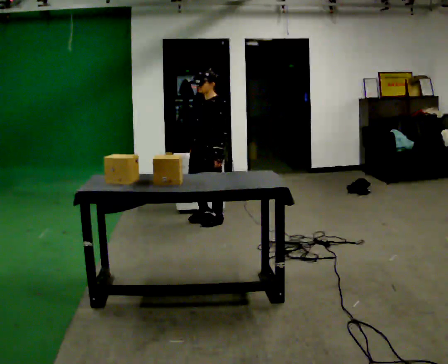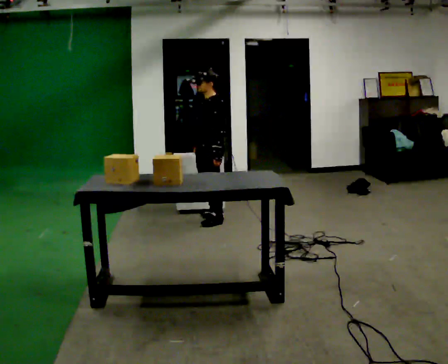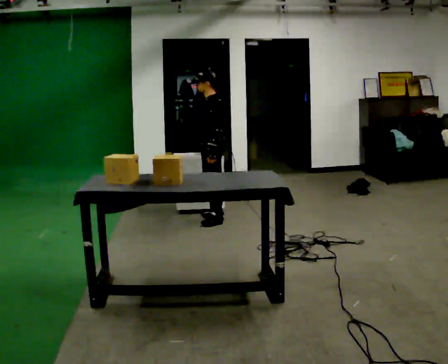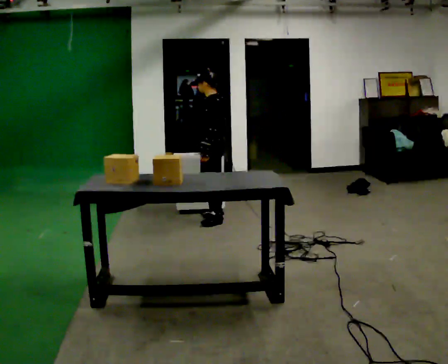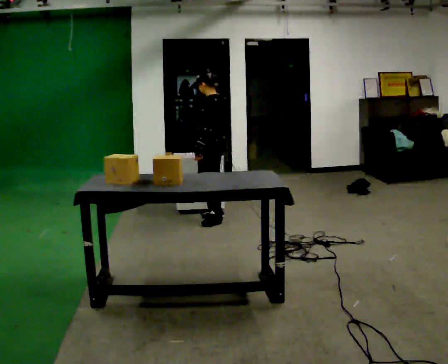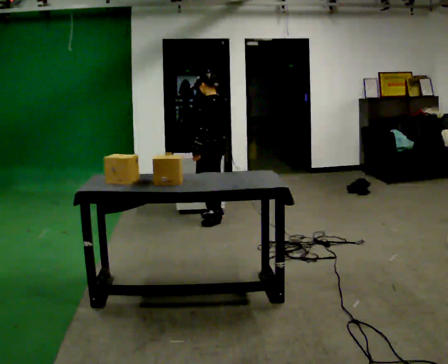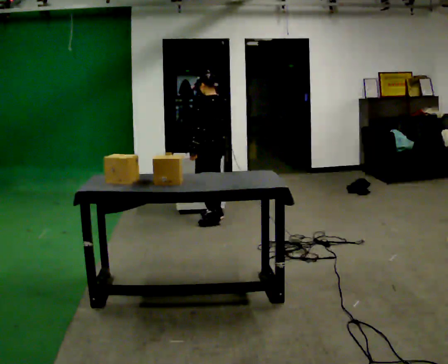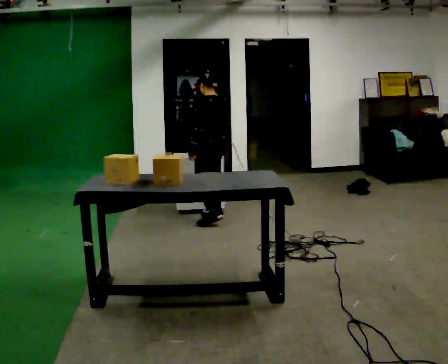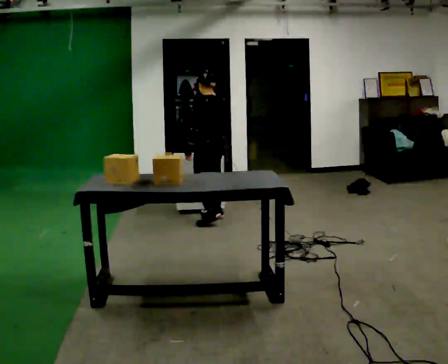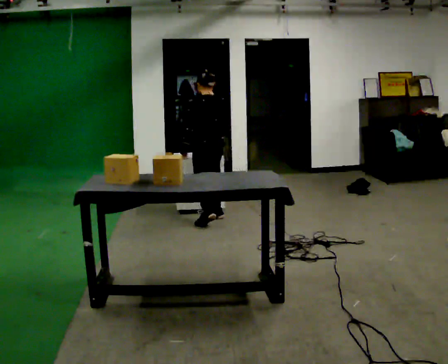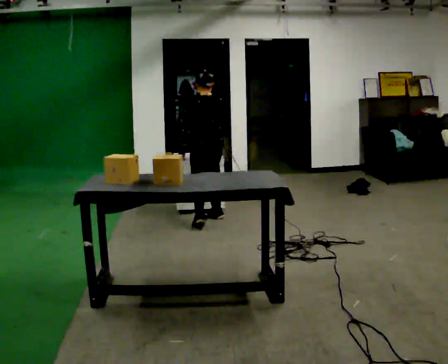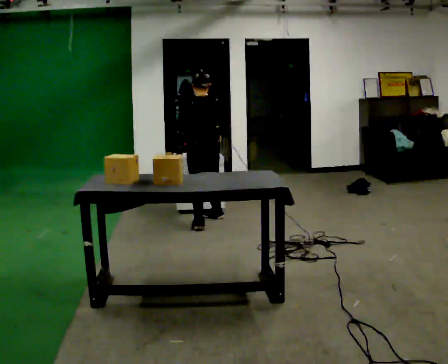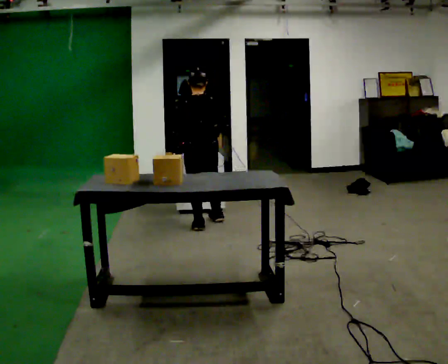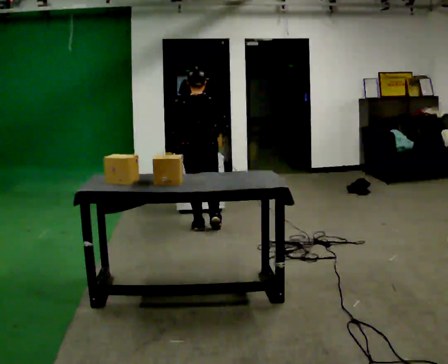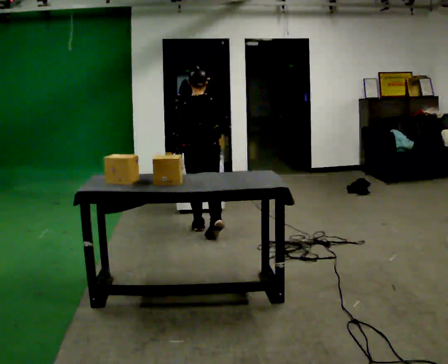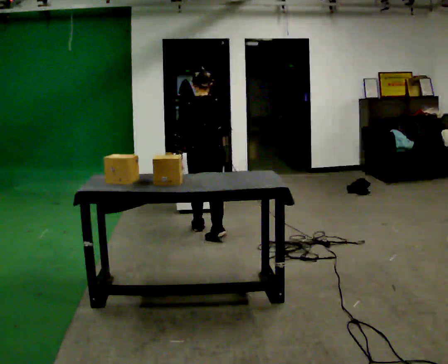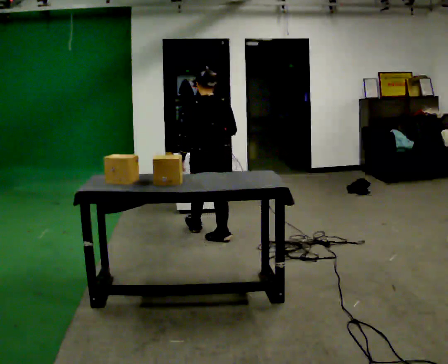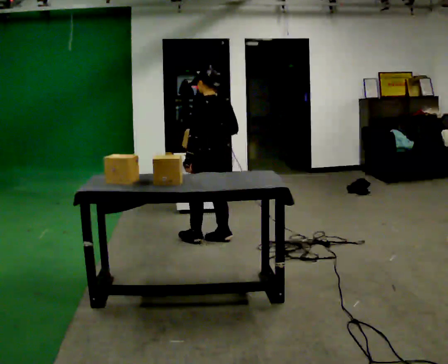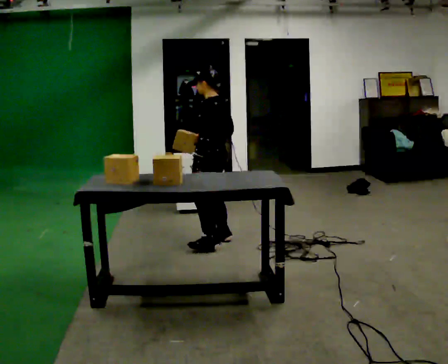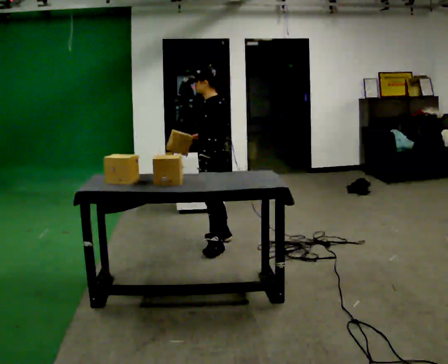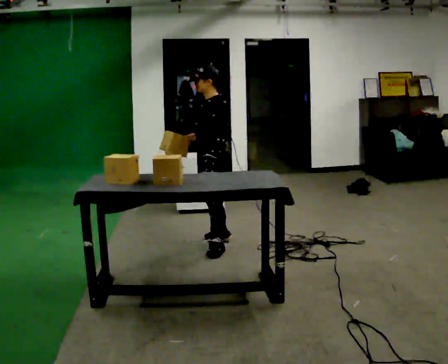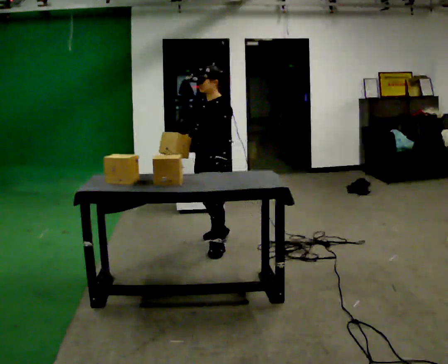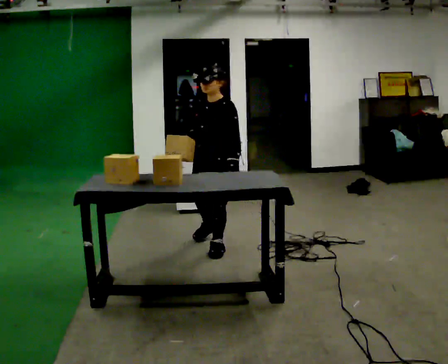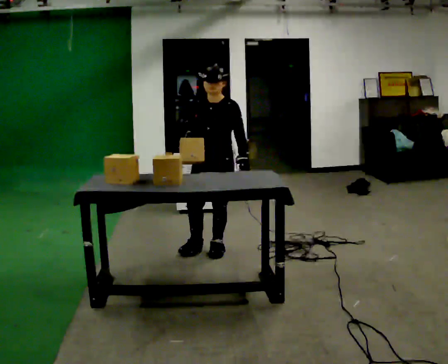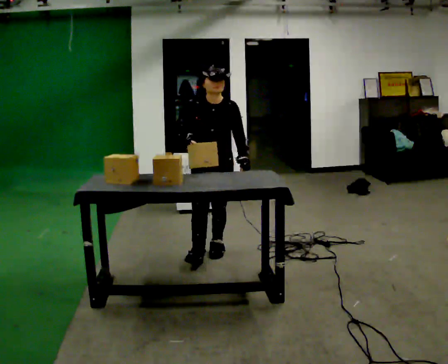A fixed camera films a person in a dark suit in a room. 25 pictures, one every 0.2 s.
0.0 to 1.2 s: The person turns about 60 degrees to their right, clockwise seen from above, so the part of the body nearest the lens slides to the left. In the picture they go away from the camera, about 0.25 m.
1.2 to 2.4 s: The person turns about 45 degrees to their right, clockwise seen from above, so the part of the body nearest the lens slides to the left. In the picture they go toward the camera, about 0.25 m in 2 steps, which for them is to their left and backward.
2.4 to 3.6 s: Seen from above the body turns counterclockwise, about 60 degrees: to their left, with its near side sliding to the right. In the picture they go toward the camera, about 0.5 m in 1 step.
3.6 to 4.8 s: Seen from above the body turns counterclockwise, about 120 degrees: to their left, with its near side sliding to the right. In the picture they go toward the camera, about 0.25 m in 1 step.
The film runs backward here.
